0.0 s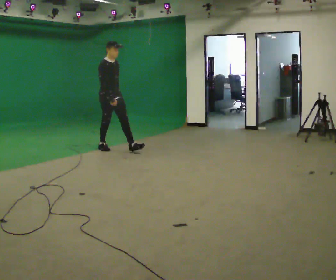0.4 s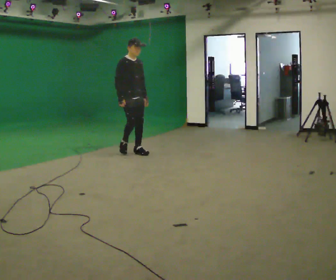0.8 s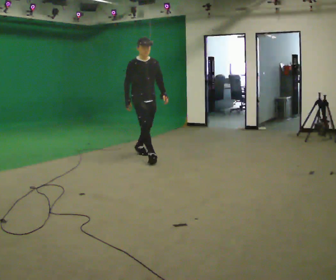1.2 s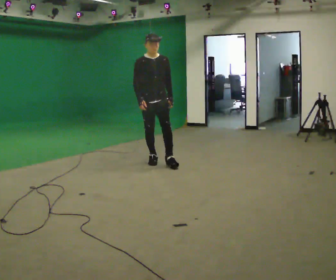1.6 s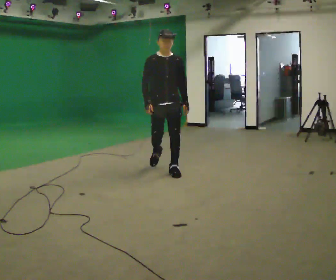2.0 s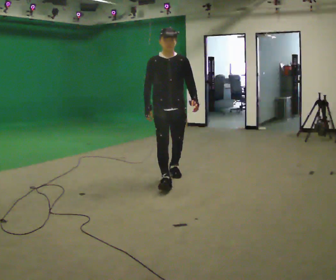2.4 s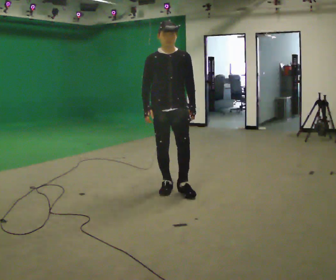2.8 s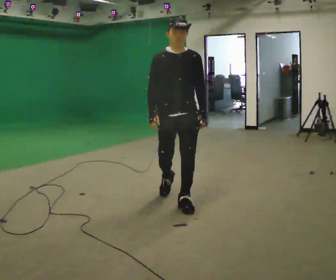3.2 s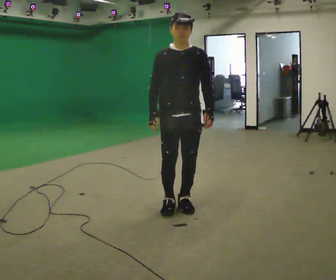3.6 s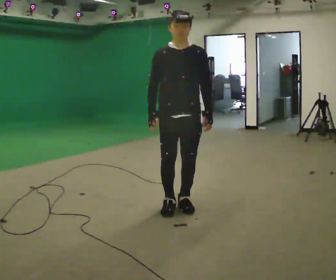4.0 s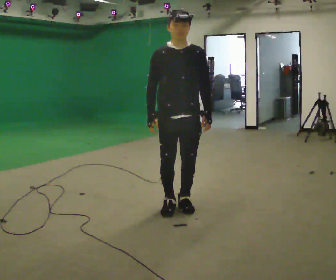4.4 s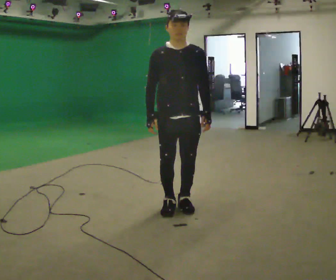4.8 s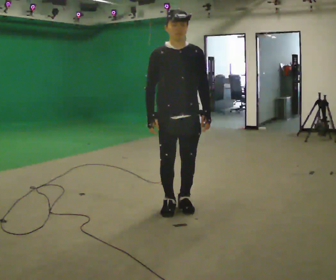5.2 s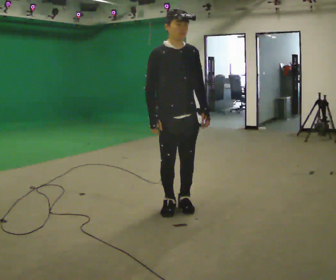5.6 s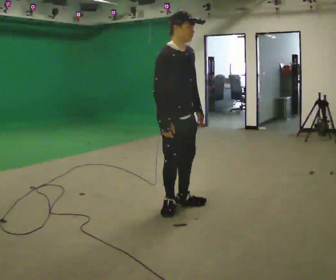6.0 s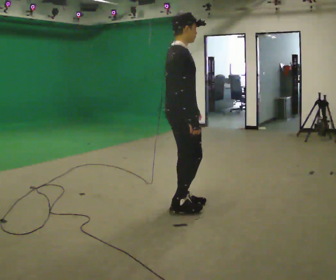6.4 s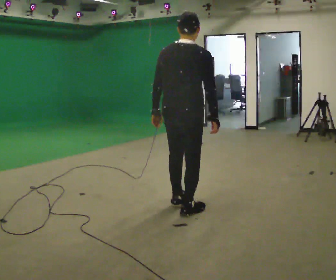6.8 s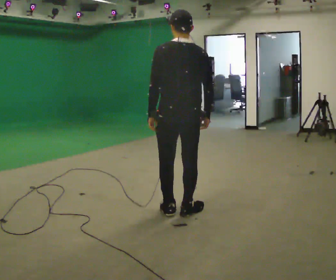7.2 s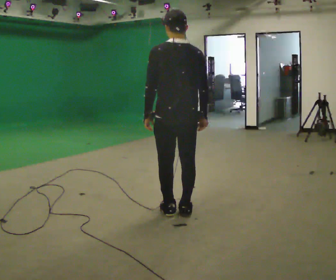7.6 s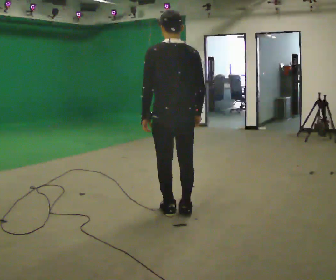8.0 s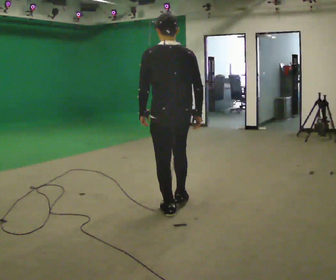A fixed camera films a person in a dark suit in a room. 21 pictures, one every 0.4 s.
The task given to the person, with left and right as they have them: Walk straight; at marker turn ~45° while continuing to walk; continue straight.
0.0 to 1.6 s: Seen from above the body turns clockwise, about 45 degrees: to their right, with its near side sliding to the left. In the picture they go toward the camera and to the right, about 1.5 m in 3 steps, which for them is forward.
1.6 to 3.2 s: In the picture they go toward the camera, about 1.5 m in 3 steps, which for them is forward.
3.2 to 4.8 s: The person moves a little, or ends about where they began.
4.8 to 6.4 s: The person turns about 150 degrees to their left, counterclockwise seen from above, so the part of the body nearest the lens slides to the right. In the picture their left hand goes to the left, the arm swinging clockwise.
6.4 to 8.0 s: The person turns about 45 degrees to their left, counterclockwise seen from above, so the part of the body nearest the lens slides to the right.
The film runs forward here.
